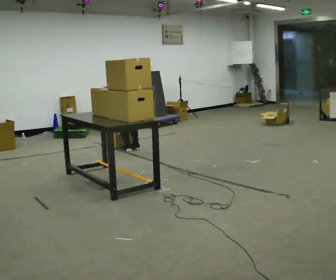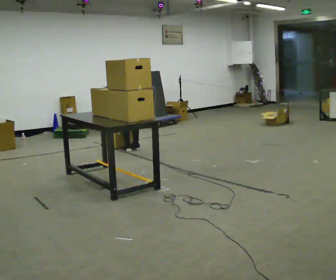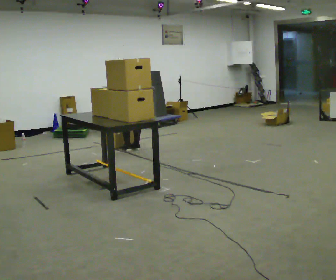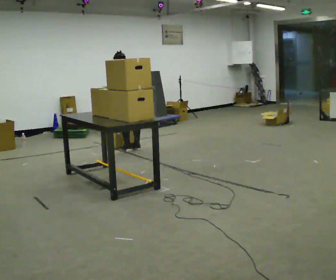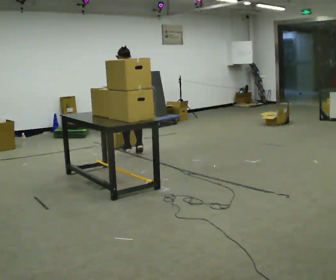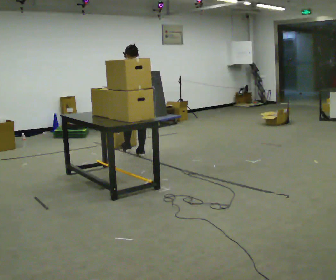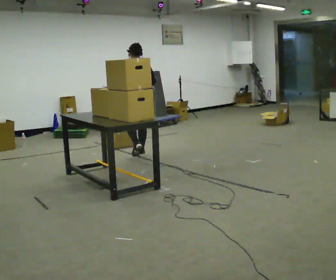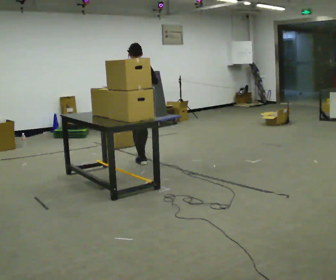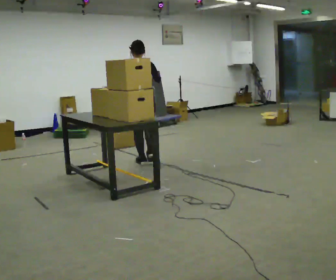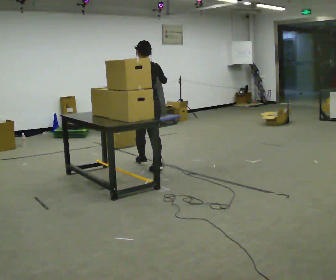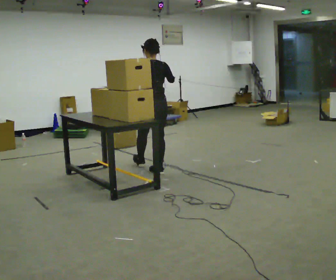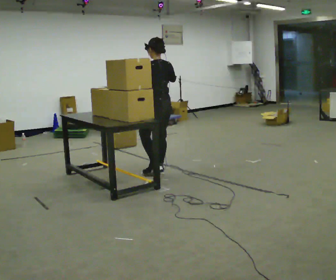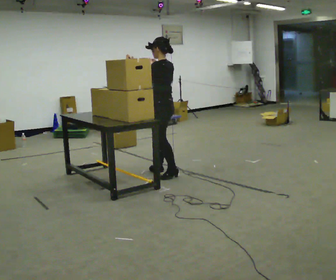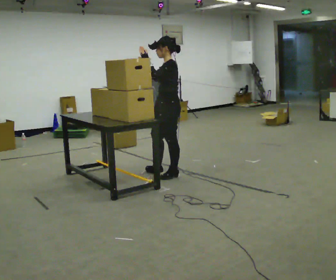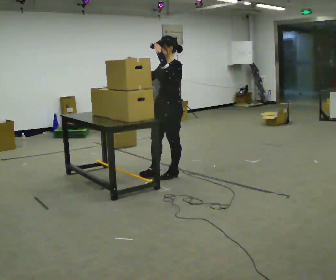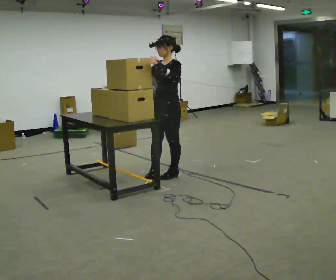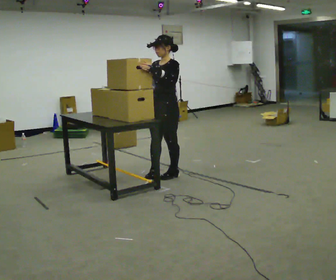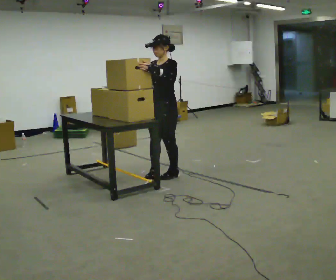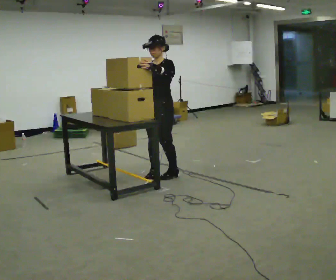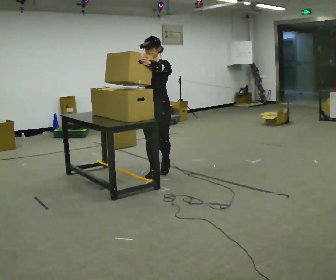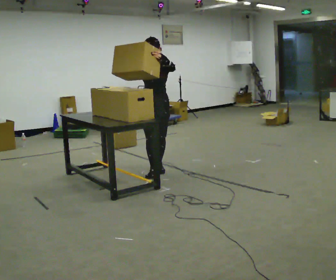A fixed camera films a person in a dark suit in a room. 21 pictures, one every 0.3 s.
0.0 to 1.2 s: The shoulders move upward. The upper body tips toward the camera, its near side rolling downward, as they lean back or straighten. In the picture their left hand goes upward.
1.2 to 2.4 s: In the picture they go toward the camera, about 0.5 m in 2 steps, which for them is backward.
2.4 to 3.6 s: The part of the body nearest the lens slides to the right as the person turns to their left by about 60 degrees. In the picture they go toward the camera and to the right, about 0.5 m in 1 step, which for them is backward.
3.6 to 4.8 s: The person turns about 60 degrees to their left, counterclockwise seen from above, so the part of the body nearest the lens slides to the right. In the picture their right hand goes to the left.
4.8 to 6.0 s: Seen from above the body turns counterclockwise, about 45 degrees: to their left, with its near side sliding to the right. In the picture they go away from the camera, about 0.25 m in 1 step, which for them is to their right.
The film runs backward here.
